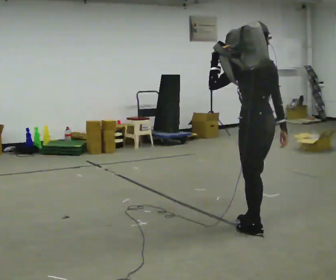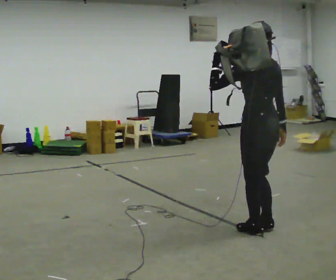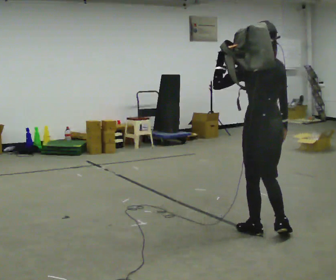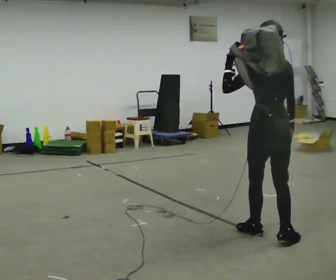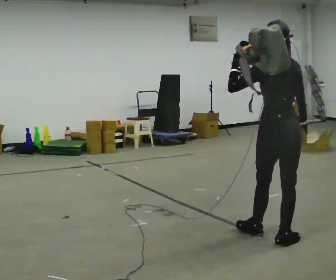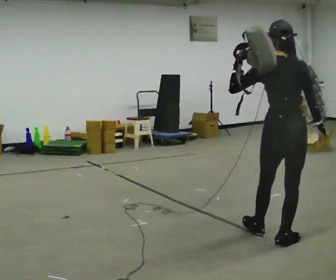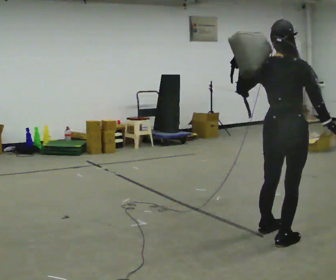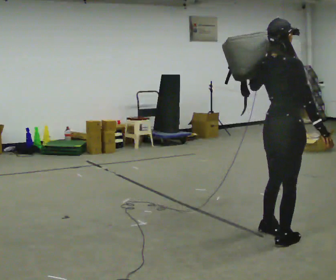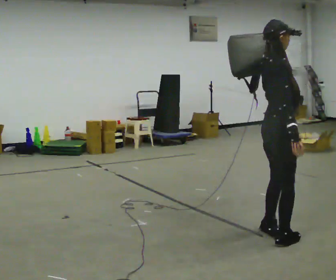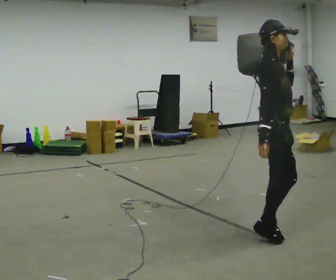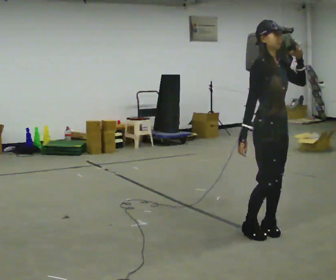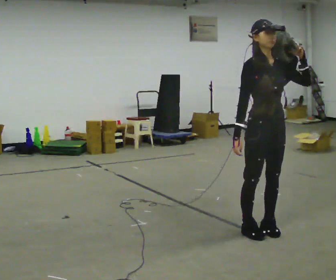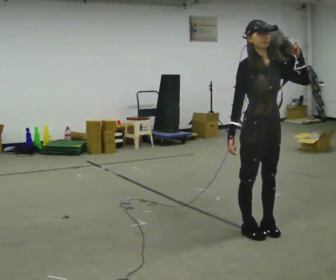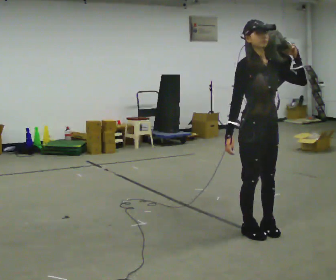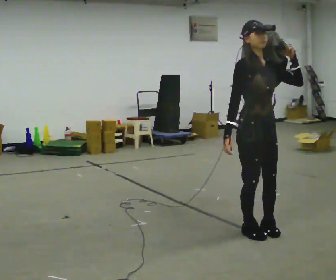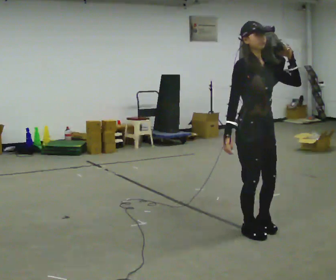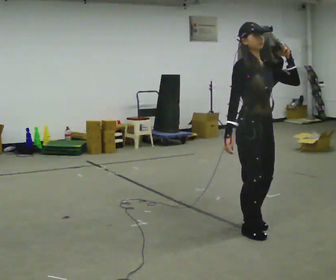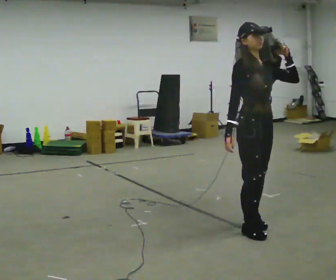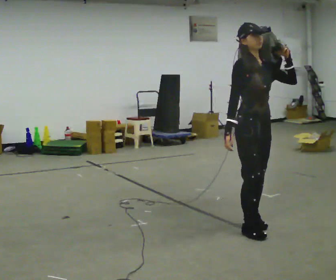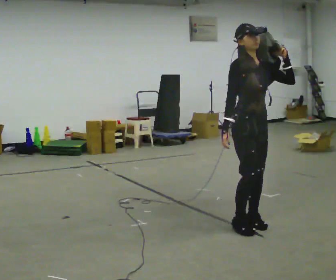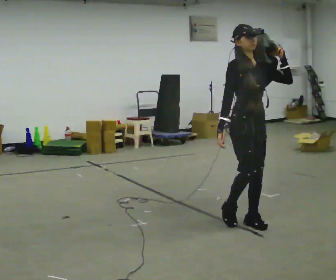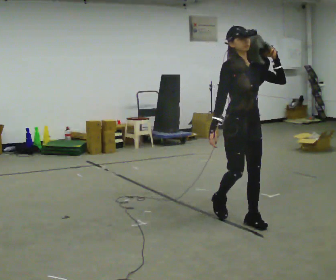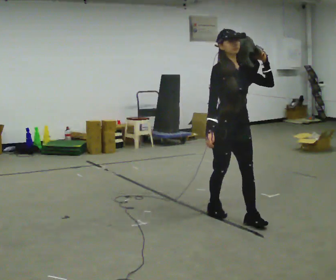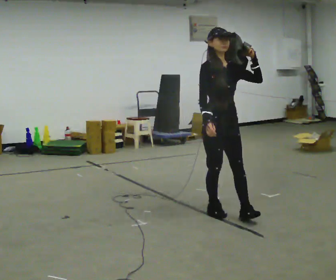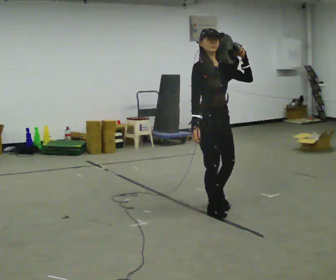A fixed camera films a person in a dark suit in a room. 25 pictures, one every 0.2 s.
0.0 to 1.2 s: The person turns about 45 degrees to their right, clockwise seen from above, so the part of the body nearest the lens slides to the left. In the picture they go toward the camera and to the right, about 0.25 m in 1 step, which for them is backward.
1.2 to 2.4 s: The part of the body nearest the lens slides to the left as the person turns to their right by about 135 degrees. In the picture they go away from the camera, about 0.25 m in 1 step.
2.4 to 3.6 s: The person moves a little, or ends about where they began.
3.6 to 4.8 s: In the picture they go away from the camera and to the left, about 0.5 m in 2 steps, which for them is backward.
The film runs backward here.
